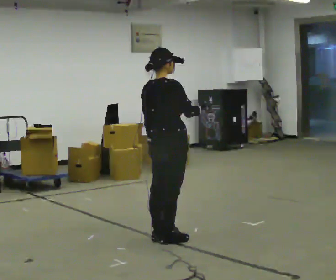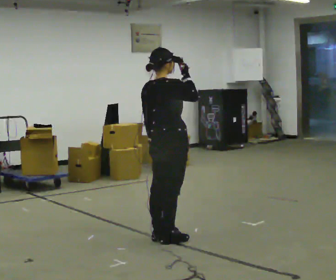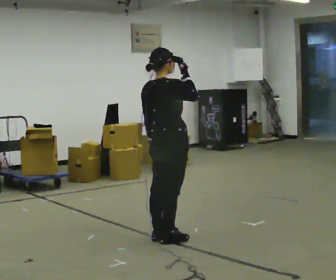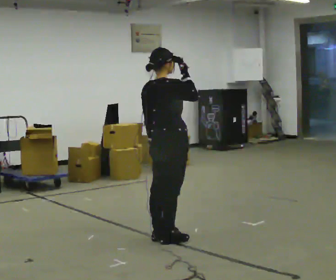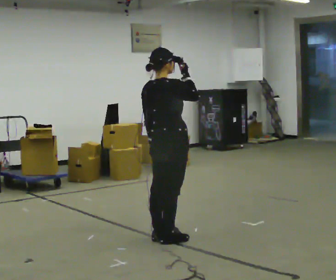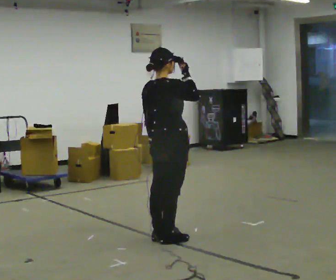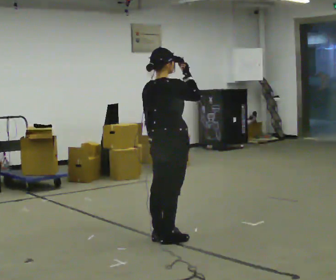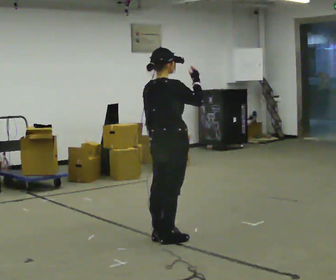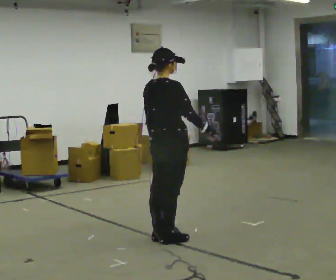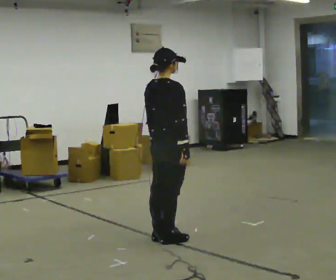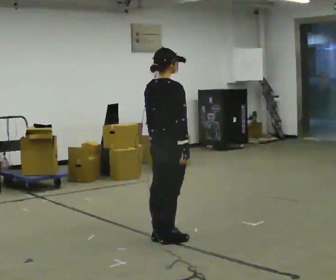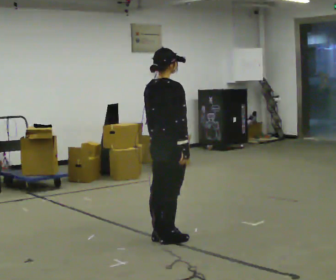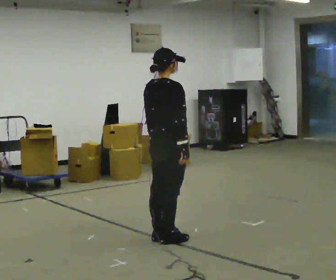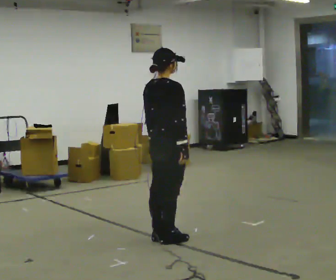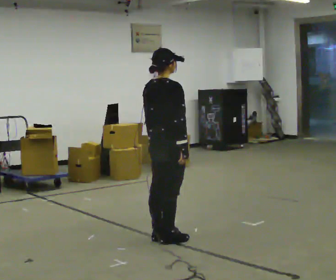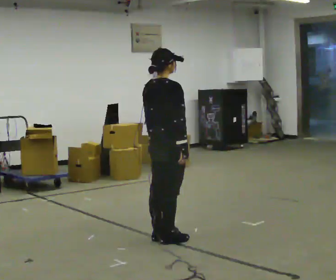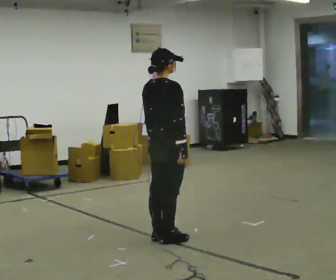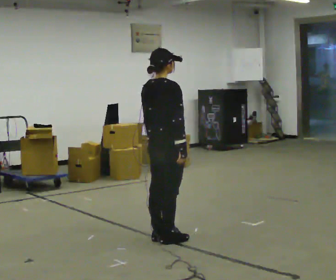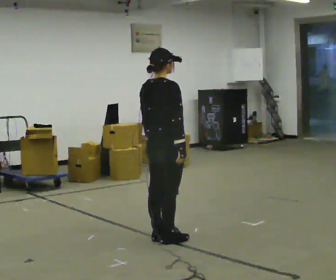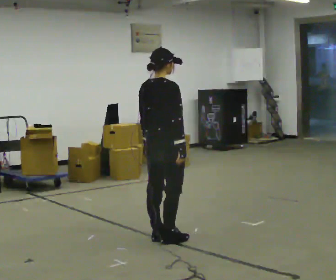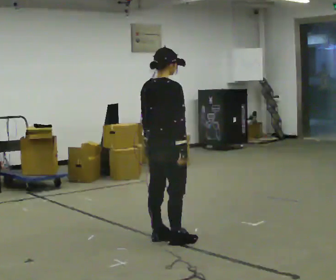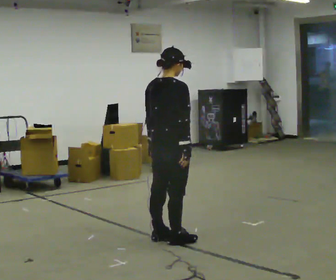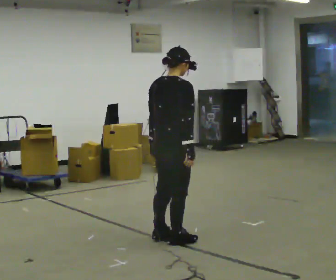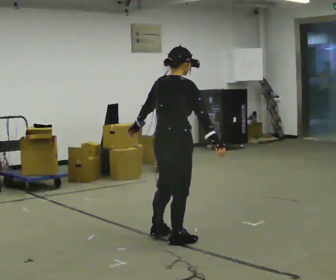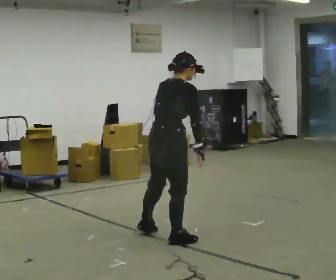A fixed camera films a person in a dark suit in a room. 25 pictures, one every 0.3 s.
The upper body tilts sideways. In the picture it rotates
clockwise.
0.0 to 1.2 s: In the picture their right hand goes upward.
1.2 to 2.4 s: In the picture their right hand goes downward.
2.4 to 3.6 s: The person moves a little, or ends about where they began.
3.6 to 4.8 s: The person keeps their place and pose.
4.8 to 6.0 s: The person moves a little, or ends about where they began.
6.0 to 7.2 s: In the picture the upper body tilts clockwise, shoulders to the right, as they bend forward.
The film runs backward here.
